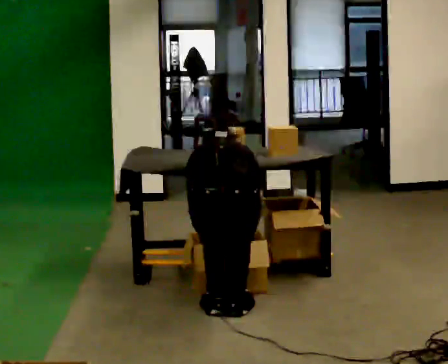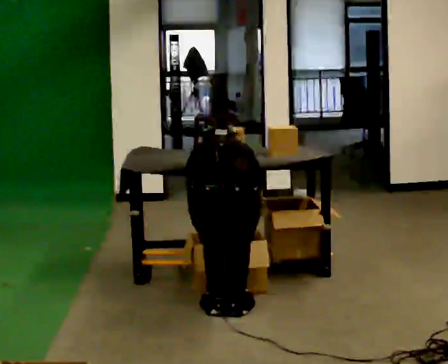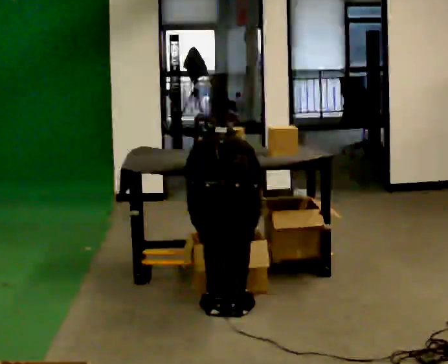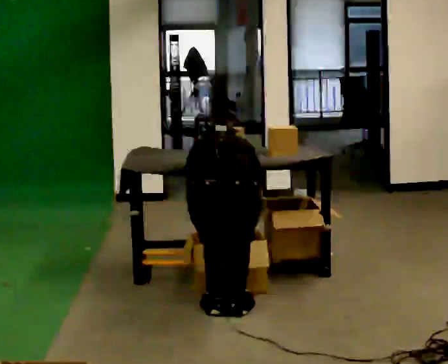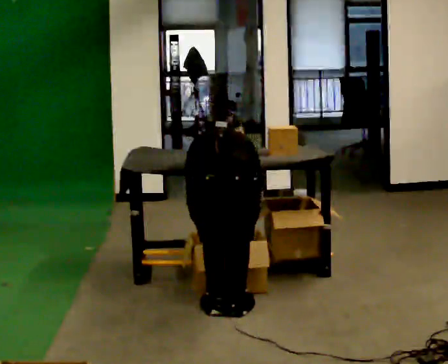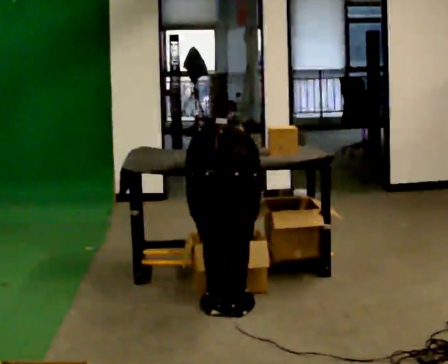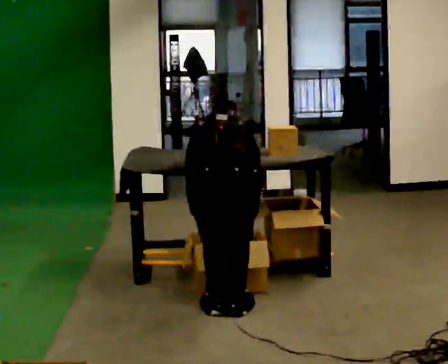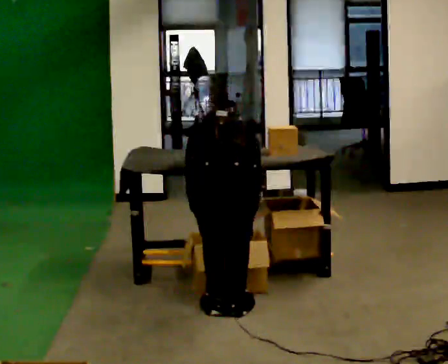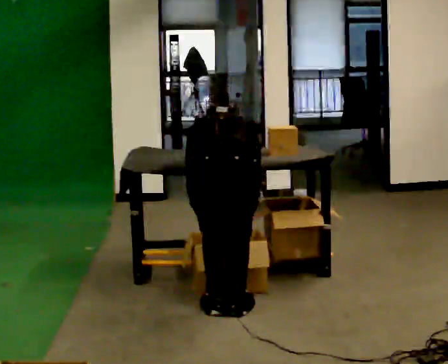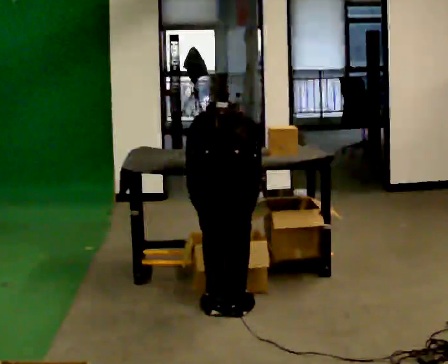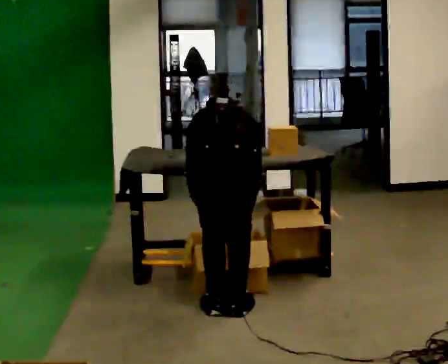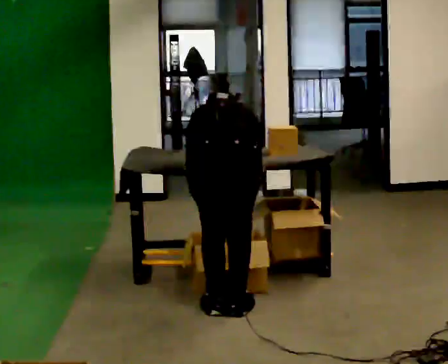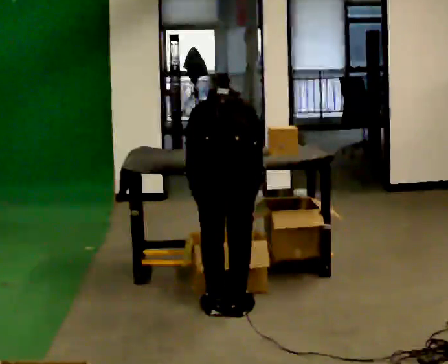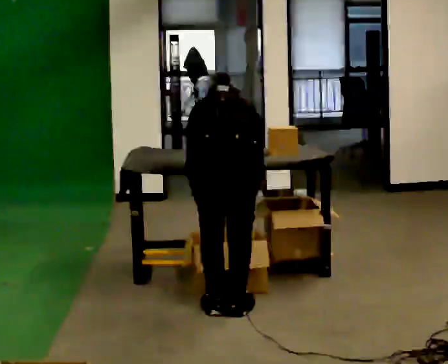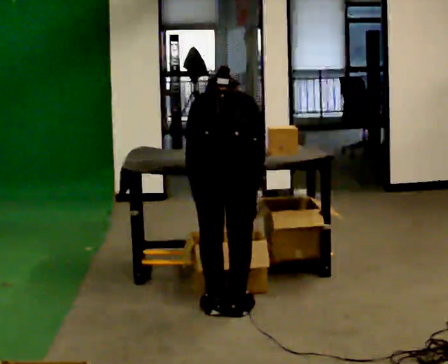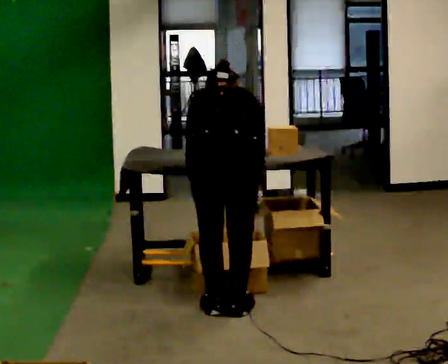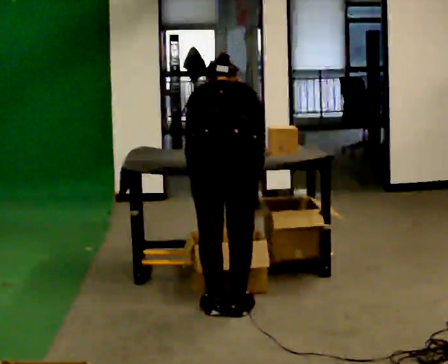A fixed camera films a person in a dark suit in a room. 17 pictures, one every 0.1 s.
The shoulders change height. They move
upward.
0.0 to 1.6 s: The shoulders move upward.
The film runs backward here.
